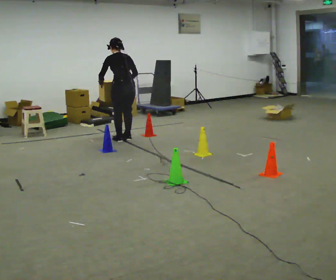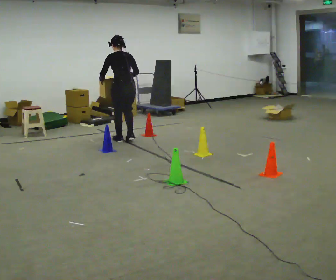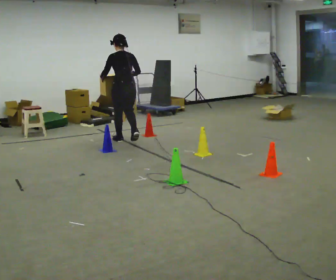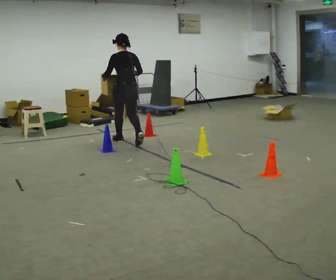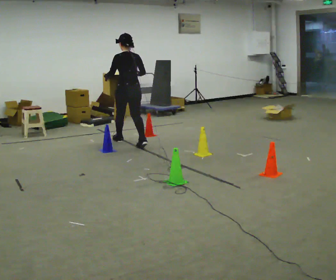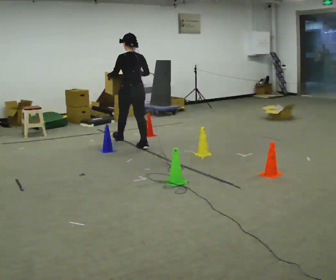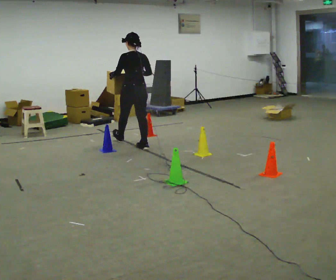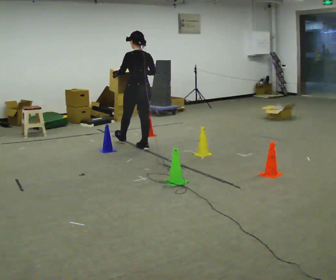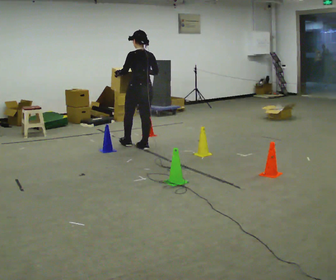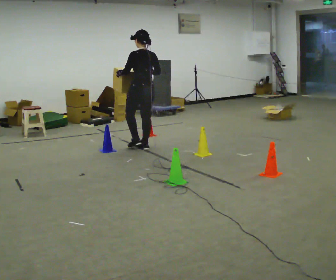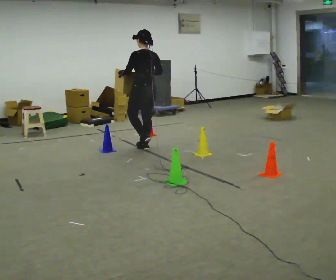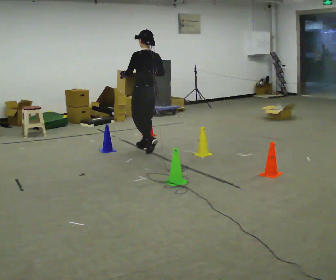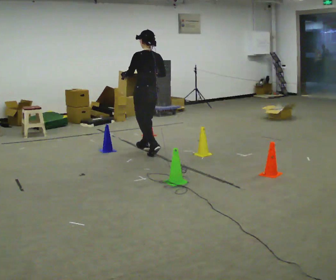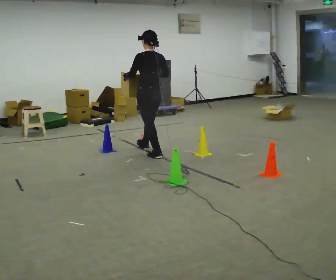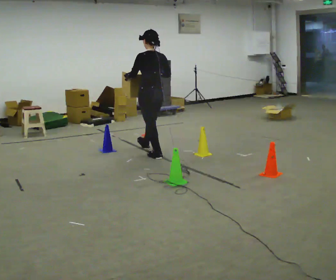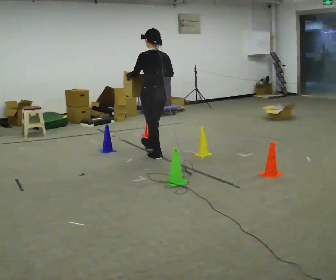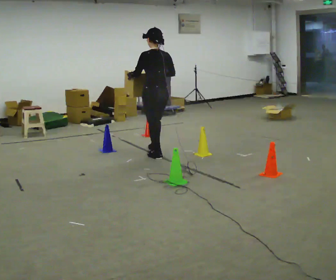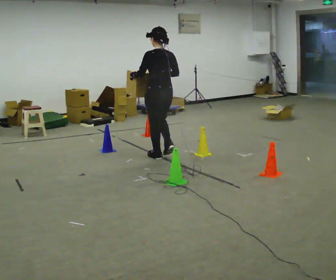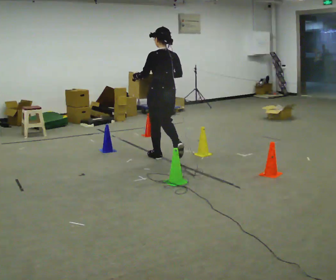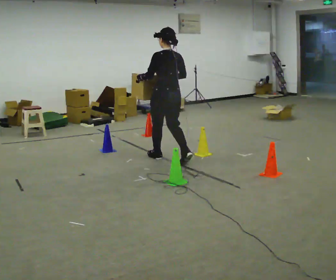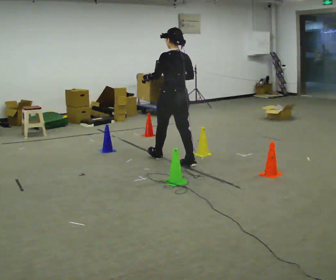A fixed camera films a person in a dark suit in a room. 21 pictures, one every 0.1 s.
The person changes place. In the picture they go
toward the camera.
0.0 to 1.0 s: In the picture they go toward the camera and to the right, about 0.5 m in 1 step, which for them is backward. The upper body tips toward the camera, its near side rolling downward, as they lean back or straighten.
1.0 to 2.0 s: In the picture they go toward the camera and to the right, about 0.5 m in 2 steps, which for them is backward.
The film runs backward here.
